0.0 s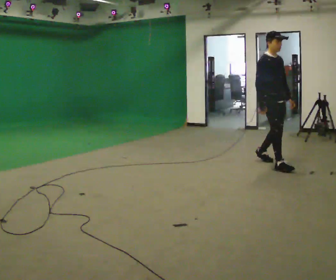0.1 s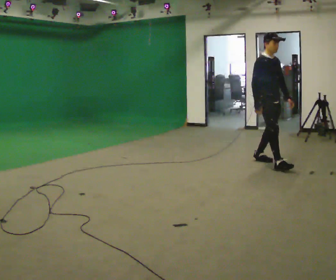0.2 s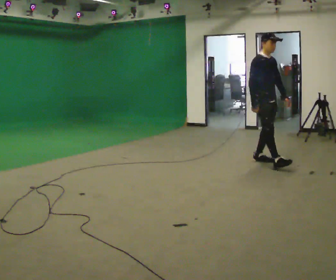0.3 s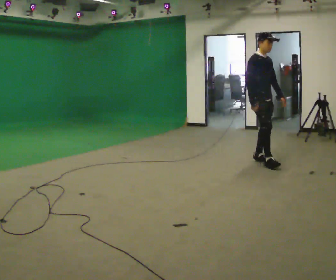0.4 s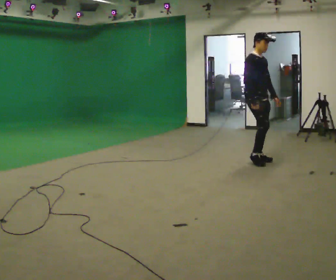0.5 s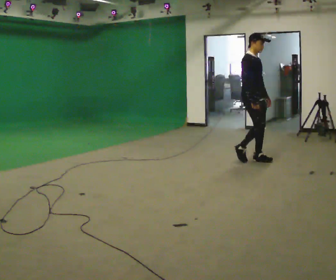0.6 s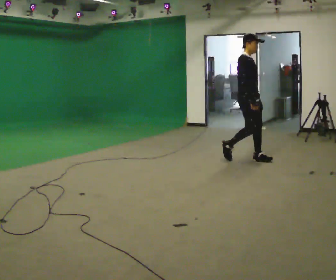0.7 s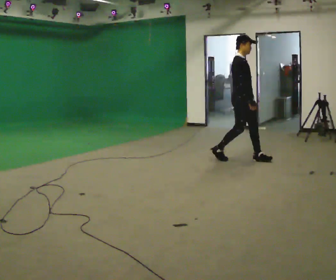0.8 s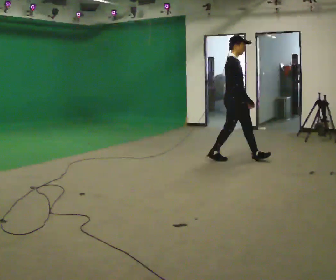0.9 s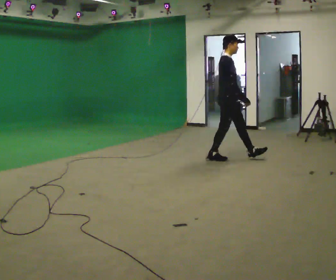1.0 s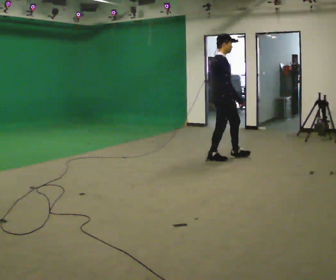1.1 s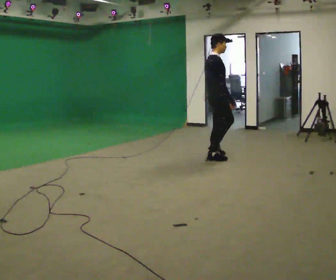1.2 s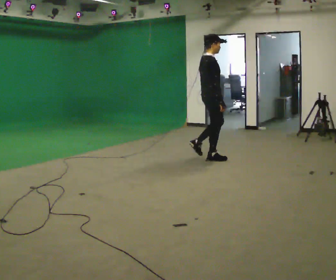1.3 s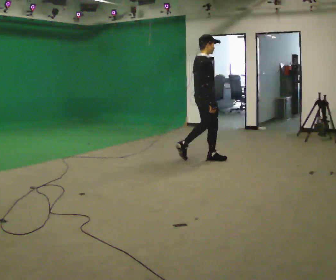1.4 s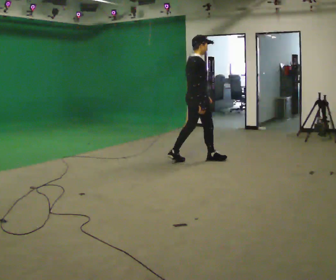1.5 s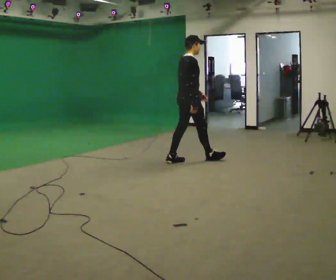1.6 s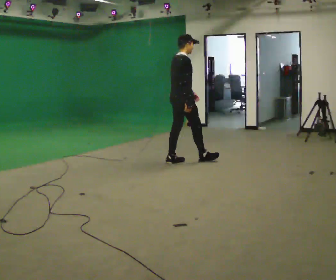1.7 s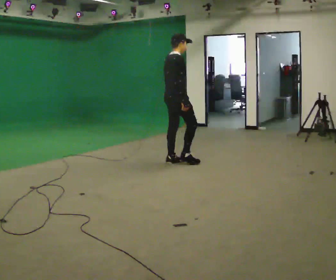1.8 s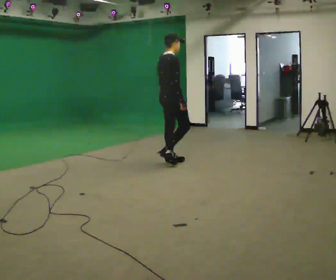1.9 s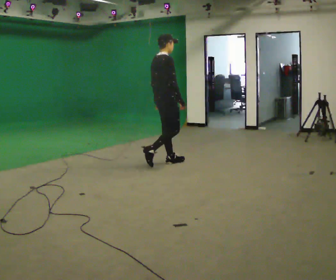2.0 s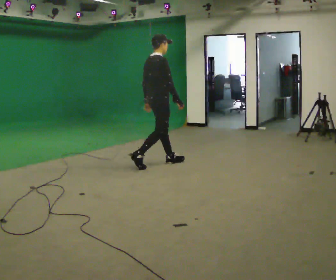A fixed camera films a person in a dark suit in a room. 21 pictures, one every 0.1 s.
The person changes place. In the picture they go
to the left.
The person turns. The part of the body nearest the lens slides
to the right.
0.0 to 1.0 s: The person turns about 45 degrees to their left, counterclockwise seen from above, so the part of the body nearest the lens slides to the right. In the picture they go to the left and away from the camera, about 0.5 m in 2 steps, which for them is backward.
1.0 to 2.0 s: Seen from above the body turns counterclockwise, about 30 degrees: to their left, with its near side sliding to the right. In the picture they go to the left, about 1 m in 1 step, which for them is backward.
The film runs backward here.
